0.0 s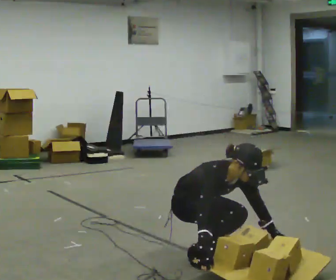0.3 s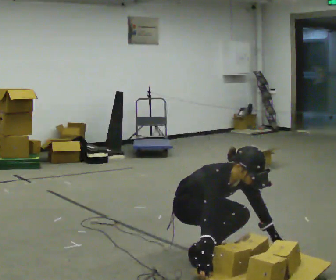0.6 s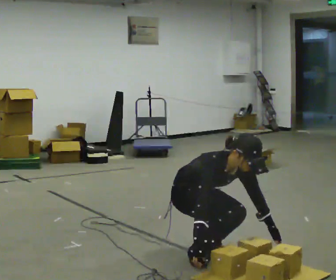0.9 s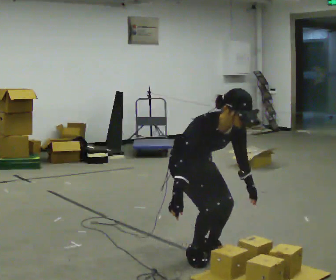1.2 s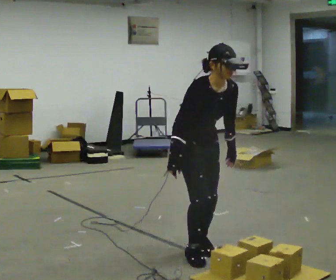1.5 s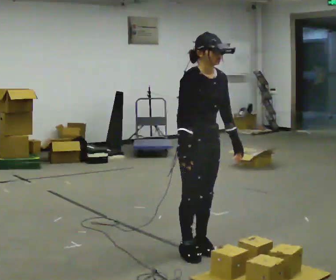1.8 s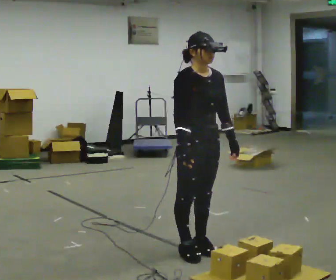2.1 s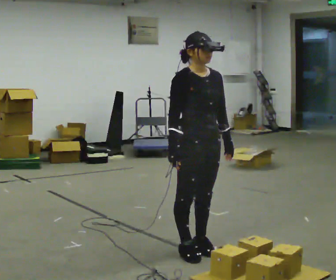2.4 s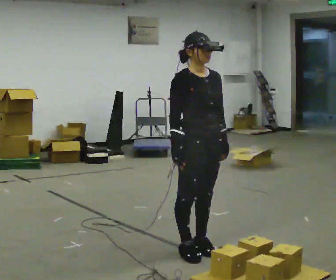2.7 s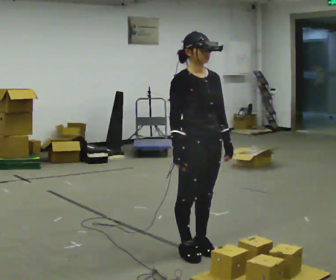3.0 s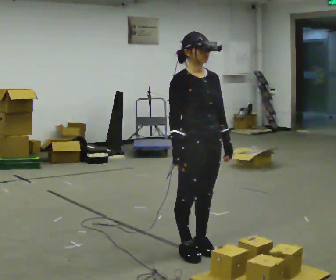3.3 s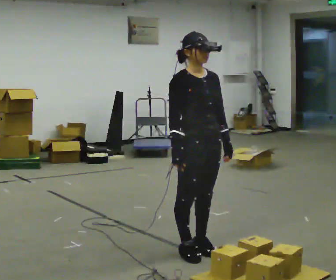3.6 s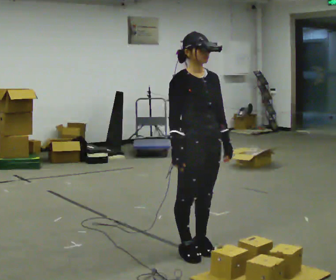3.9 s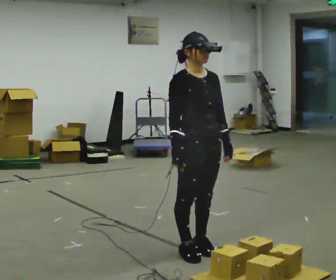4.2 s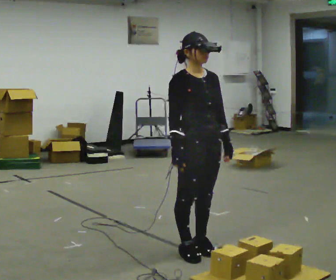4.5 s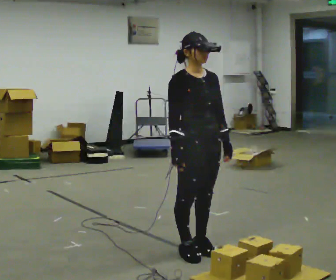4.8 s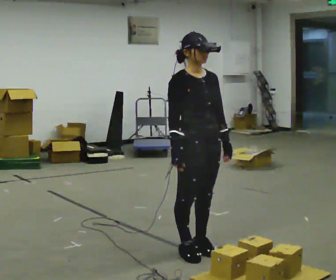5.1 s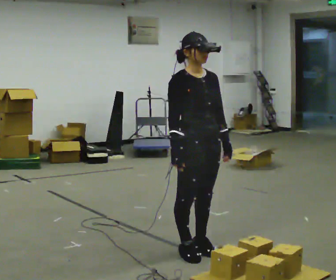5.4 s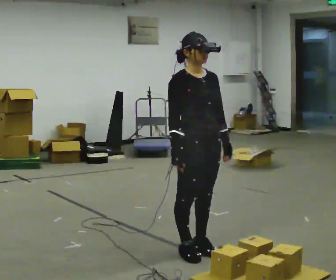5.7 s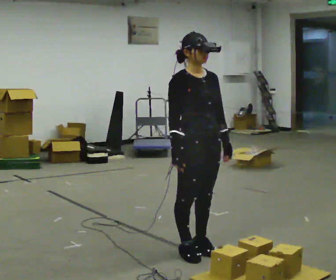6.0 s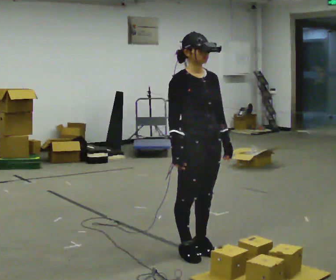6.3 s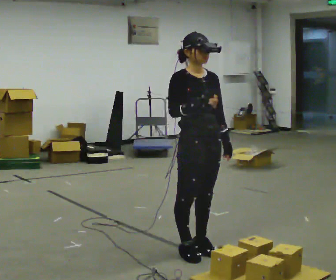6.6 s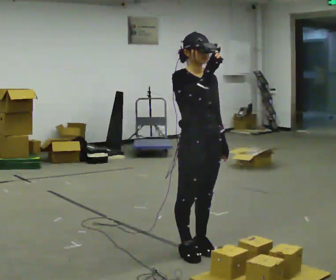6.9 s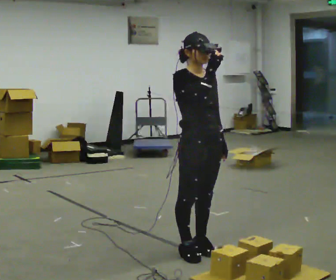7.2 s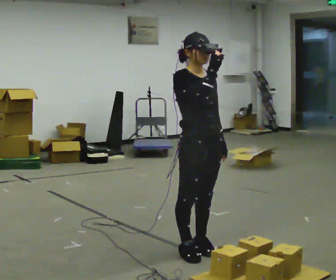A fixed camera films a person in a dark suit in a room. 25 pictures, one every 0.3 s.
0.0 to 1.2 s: The shoulders move upward. In the picture the upper body tilts counterclockwise, shoulders to the left, as they lean back or straighten. In the picture their left hand goes upward.
1.2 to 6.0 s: The upper body tips away from the camera, its near side rolling upward, as they lean back or straighten.
6.0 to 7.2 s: In the picture their right hand goes upward.
The film runs forward here.
